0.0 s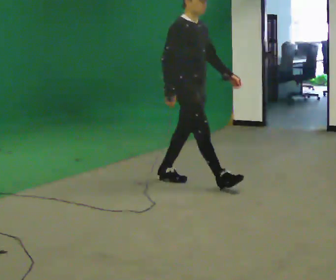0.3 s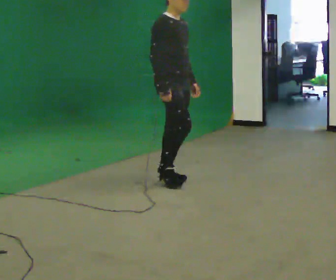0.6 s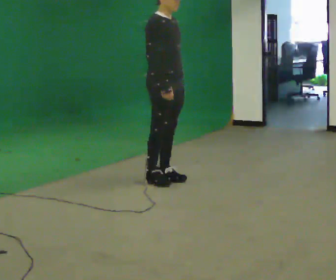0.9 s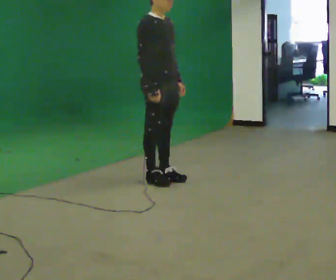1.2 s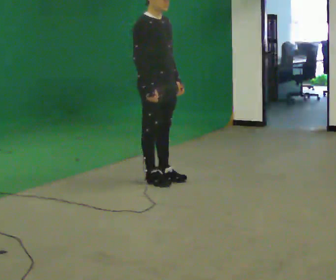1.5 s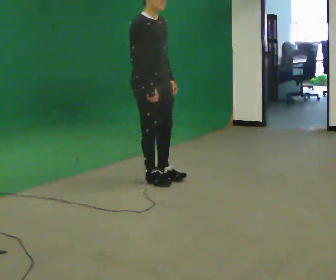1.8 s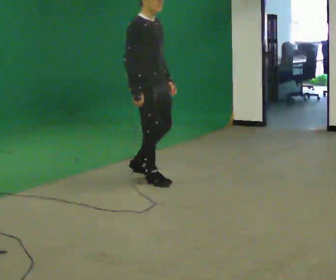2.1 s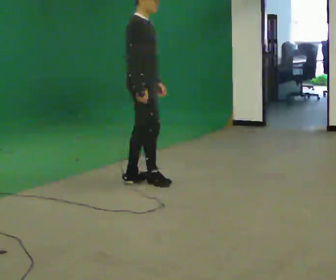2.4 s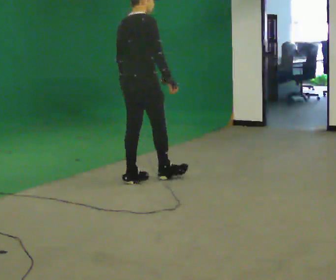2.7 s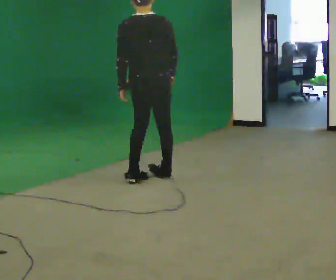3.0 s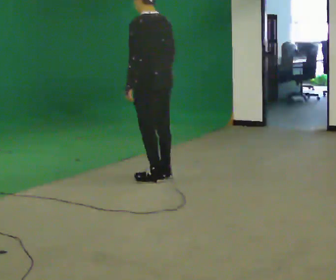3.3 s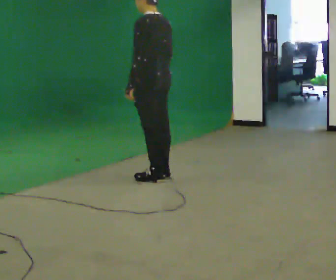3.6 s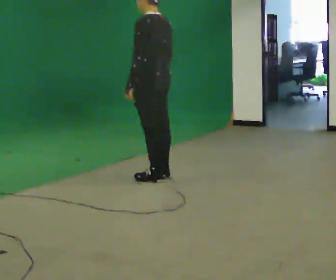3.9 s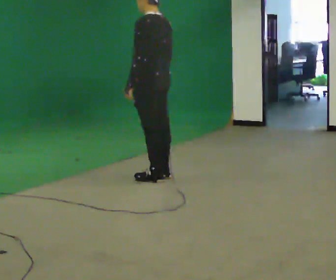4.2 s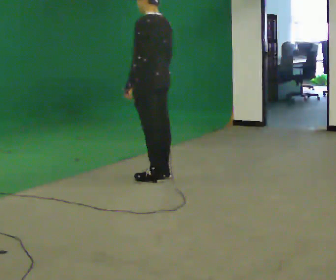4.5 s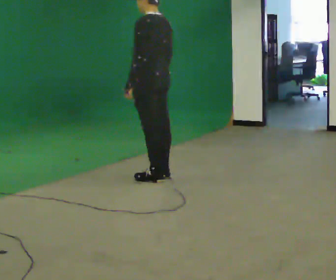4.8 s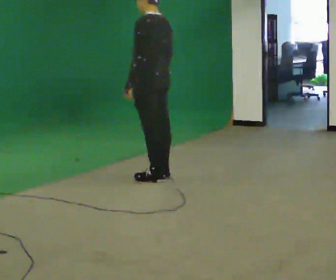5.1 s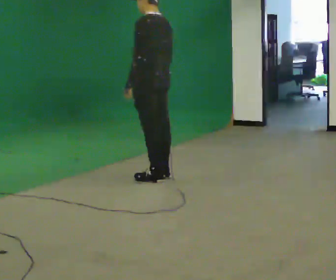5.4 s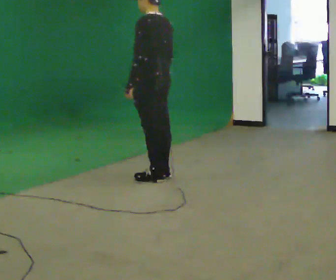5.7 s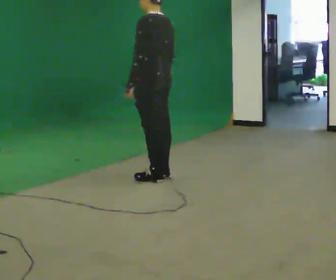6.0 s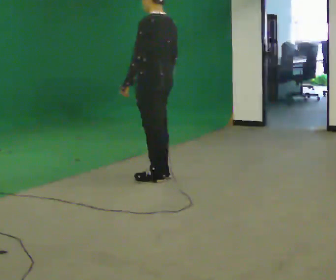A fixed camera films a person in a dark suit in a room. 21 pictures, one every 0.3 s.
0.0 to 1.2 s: In the picture they go to the left, about 0.25 m in 1 step, which for them is backward.
1.2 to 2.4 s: Seen from above the body turns counterclockwise, about 75 degrees: to their left, with its near side sliding to the right.
2.4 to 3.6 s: Seen from above the body turns counterclockwise, about 105 degrees: to their left, with its near side sliding to the right. In the picture they go to the right, about 0.25 m in 1 step.
3.6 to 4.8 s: The person keeps their place and pose.
4.8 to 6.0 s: The person moves a little, or ends about where they began.
The film runs backward here.
